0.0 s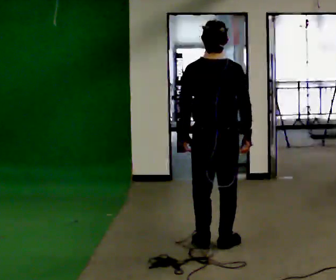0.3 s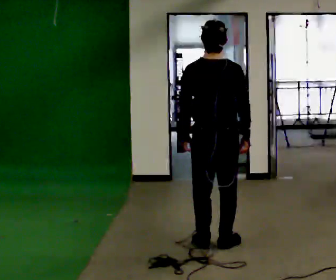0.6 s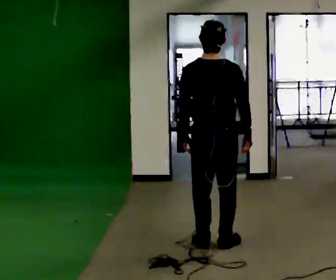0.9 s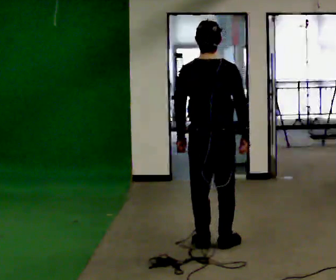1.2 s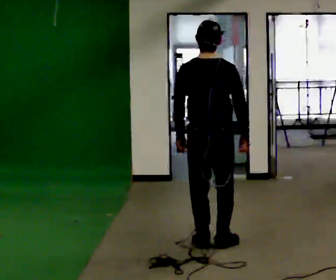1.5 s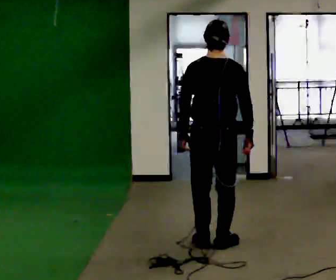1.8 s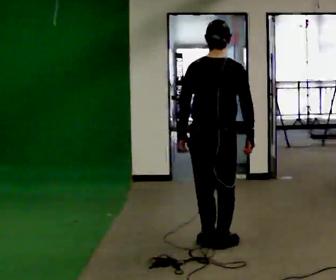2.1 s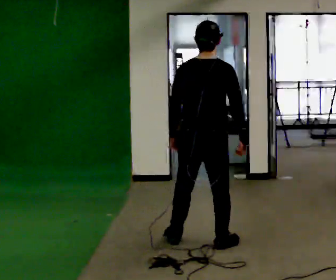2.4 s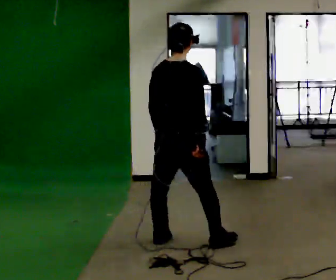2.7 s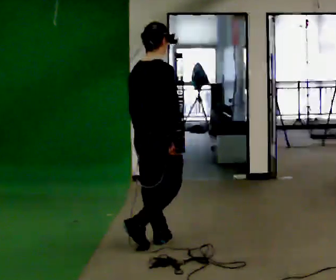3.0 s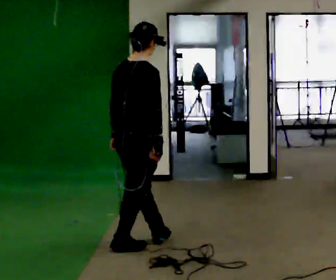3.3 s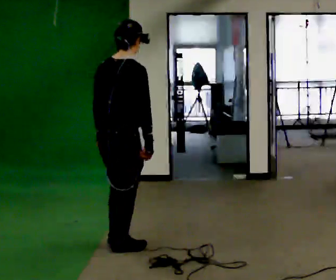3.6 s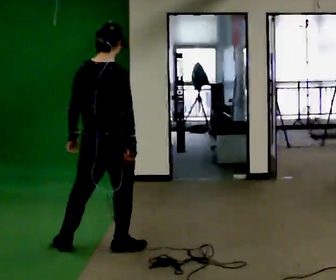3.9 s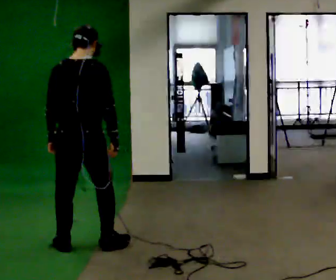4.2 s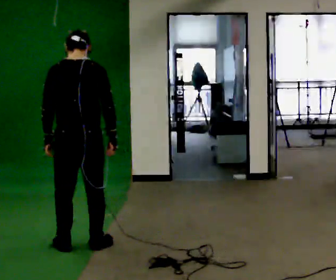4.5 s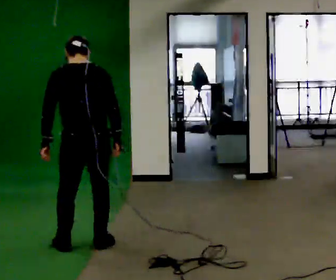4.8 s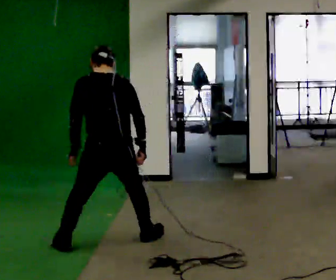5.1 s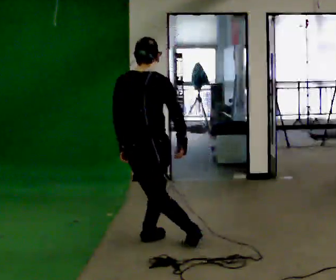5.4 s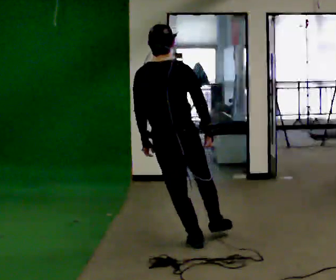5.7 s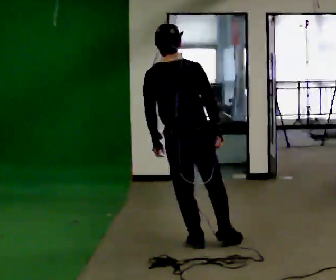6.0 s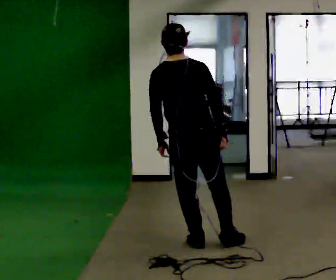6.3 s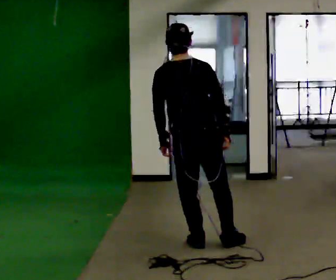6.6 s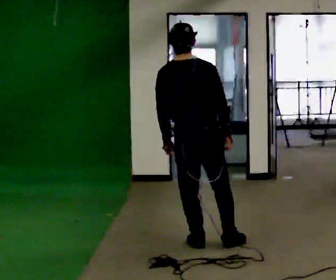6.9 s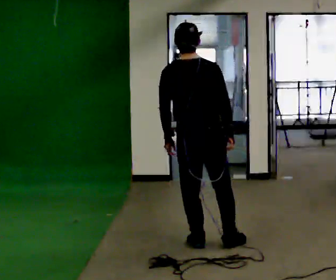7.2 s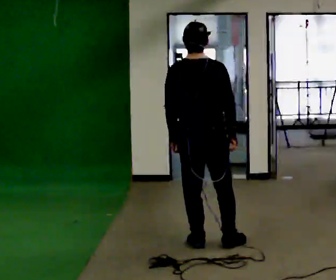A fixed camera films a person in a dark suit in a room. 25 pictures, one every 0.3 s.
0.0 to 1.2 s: The person moves a little, or ends about where they began.
1.2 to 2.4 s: The part of the body nearest the lens slides to the left as the person turns to their right by about 30 degrees. In the picture they go to the left, about 0.25 m in 2 steps, which for them is to their left.
2.4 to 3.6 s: In the picture they go to the left, about 0.5 m in 1 step, which for them is backward and to their left.
3.6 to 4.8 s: The part of the body nearest the lens slides to the right as the person turns to their left by about 45 degrees.
4.8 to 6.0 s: The part of the body nearest the lens slides to the left as the person turns to their right by about 30 degrees. In the picture they go to the right, about 0.5 m in 1 step, which for them is to their right. The upper body tips toward the camera, its near side rolling downward, as they lean back or straighten.
6.0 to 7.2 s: The person moves a little, or ends about where they began.
The film runs backward here.
